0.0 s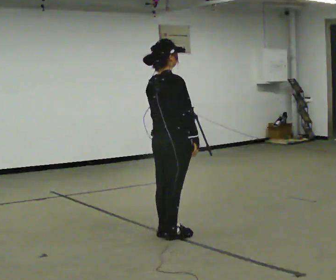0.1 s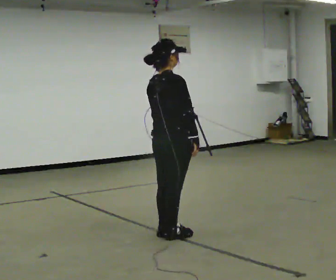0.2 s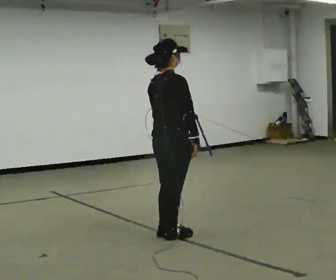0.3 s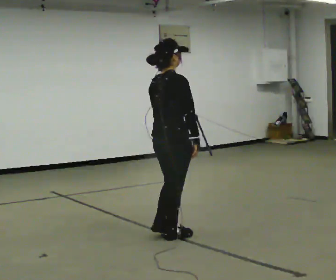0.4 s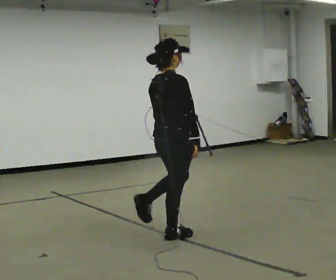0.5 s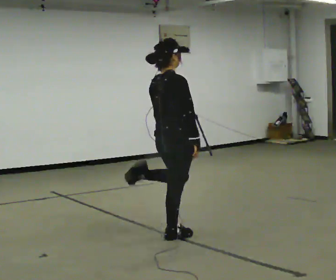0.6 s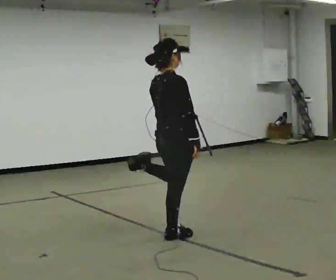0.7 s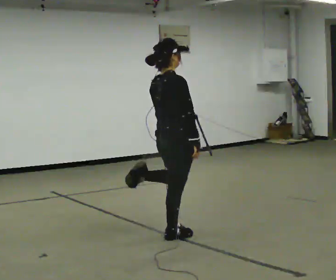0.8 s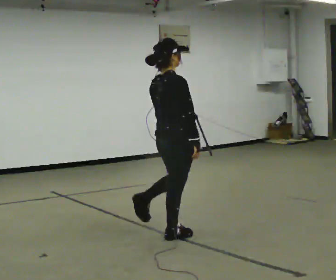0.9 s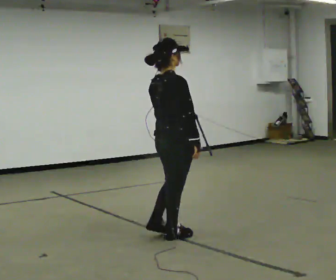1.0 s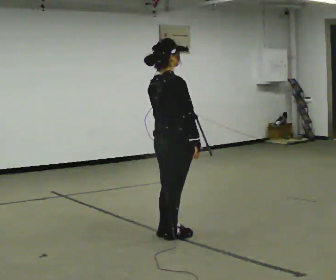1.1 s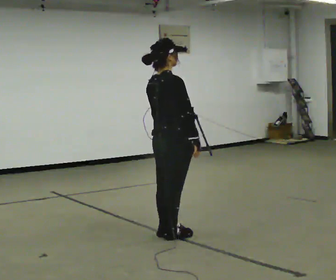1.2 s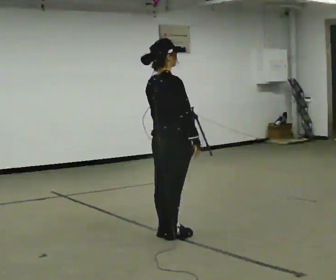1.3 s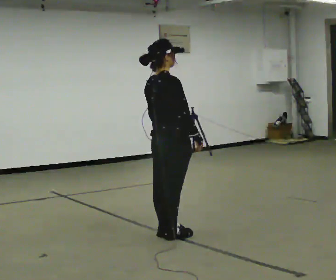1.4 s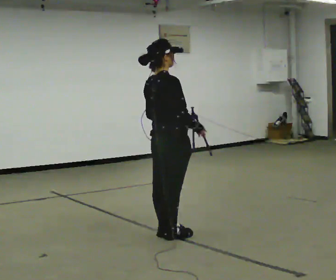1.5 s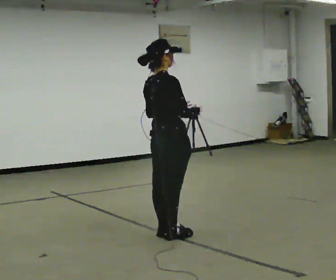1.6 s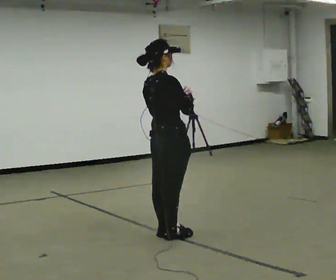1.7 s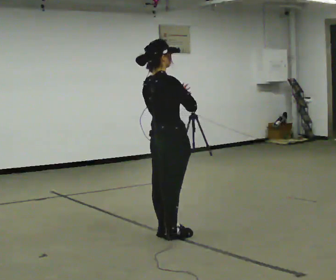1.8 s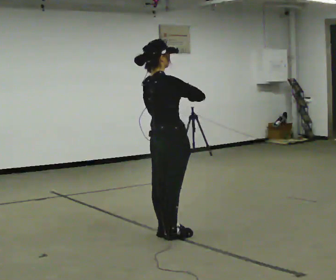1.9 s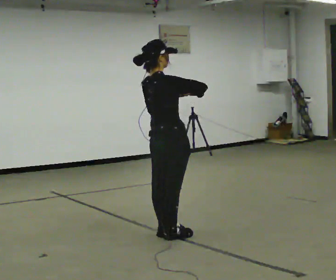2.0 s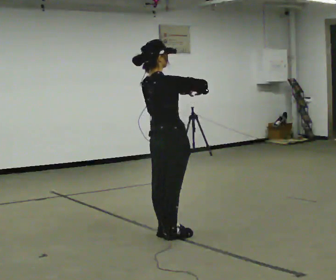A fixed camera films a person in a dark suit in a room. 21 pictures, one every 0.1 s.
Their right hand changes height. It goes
upward.
0.0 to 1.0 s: The person moves a little, or ends about where they began.
1.0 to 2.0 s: In the picture their right hand goes upward.
The film runs forward here.
